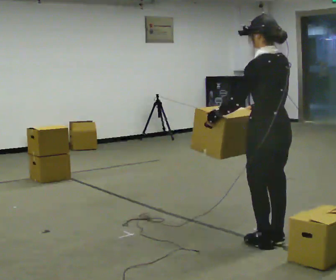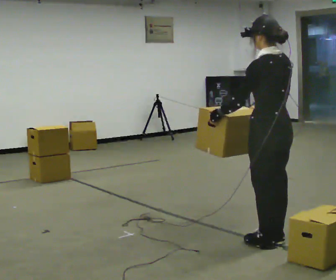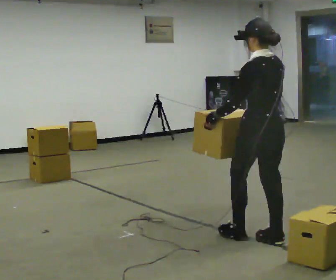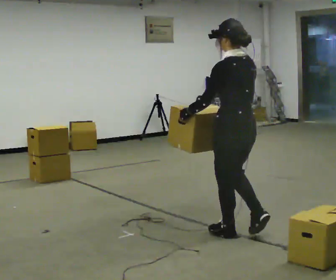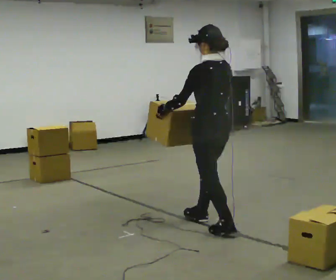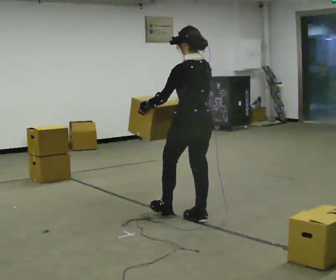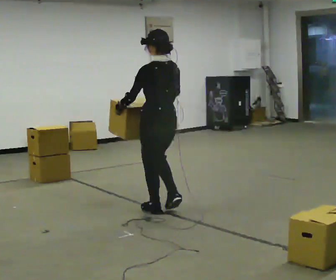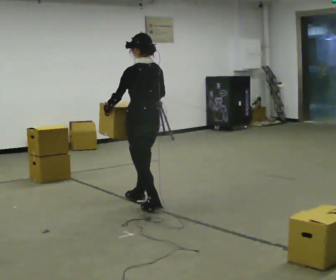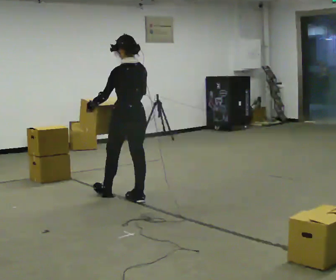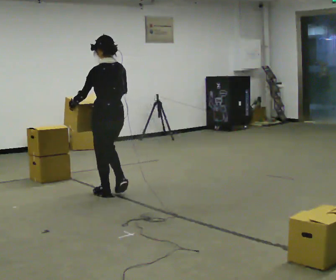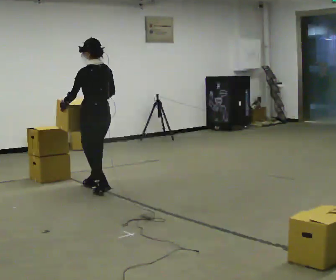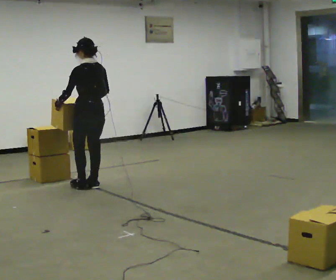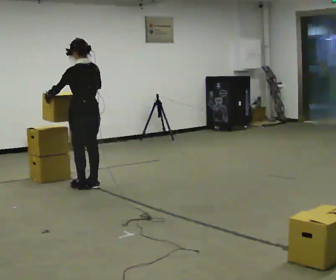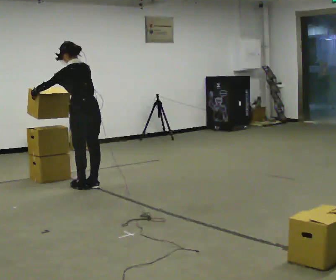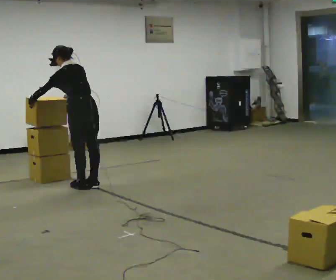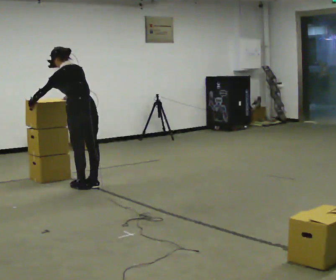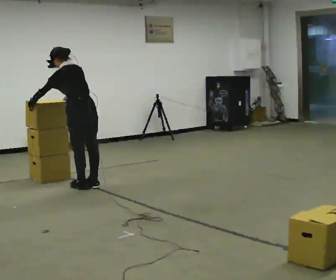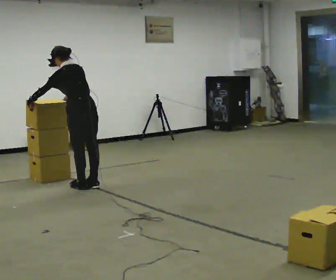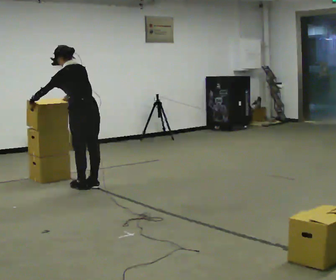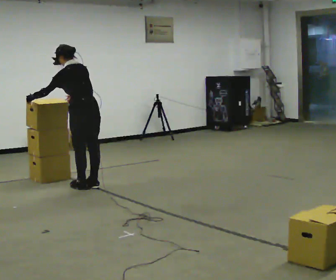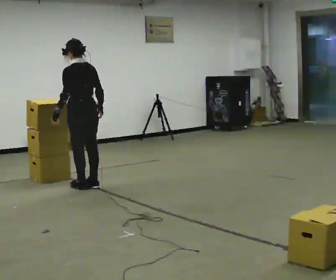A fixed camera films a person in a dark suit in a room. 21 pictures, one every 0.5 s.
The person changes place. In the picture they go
away from the camera.
0.0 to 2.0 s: In the picture they go away from the camera and to the left, about 0.75 m in 2 steps, which for them is forward.
2.0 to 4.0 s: In the picture they go away from the camera and to the left, about 1 m in 3 steps, which for them is forward.
4.0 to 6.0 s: In the picture they go away from the camera and to the left, about 0.5 m in 2 steps, which for them is forward.
6.0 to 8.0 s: The upper body tips away from the camera, its near side rolling upward, as they bend forward.
8.0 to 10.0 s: In the picture the upper body tilts clockwise, shoulders to the right, as they lean back or straighten. In the picture their left hand goes to the right.
The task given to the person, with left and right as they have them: Carry the stack of boxes across the room without letting it fall over, then bring it back. Keep going until the operator says stop; one object at a time, and do not rush between trips.
The film runs forward here.
